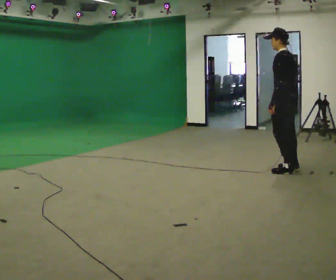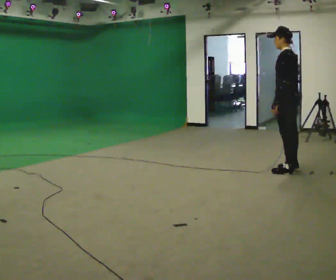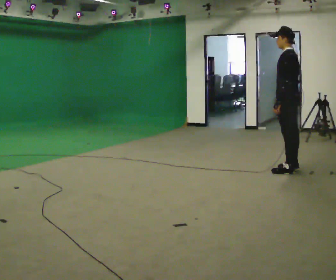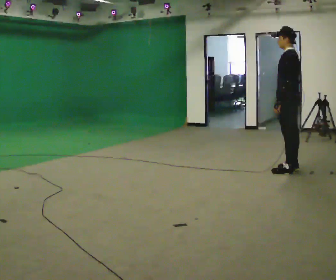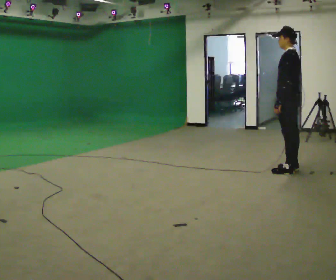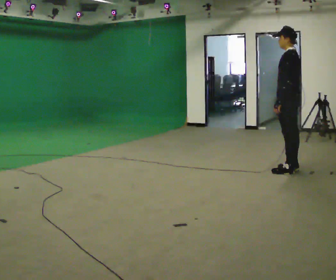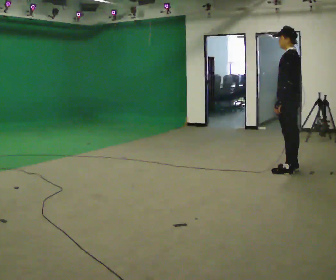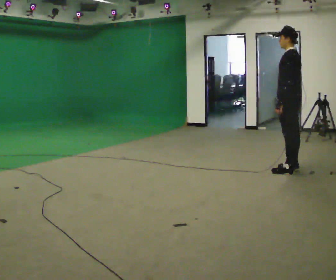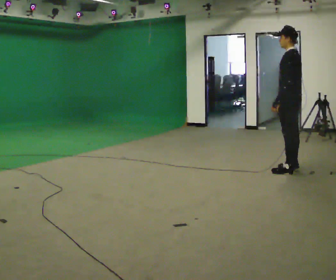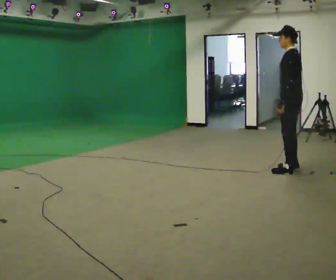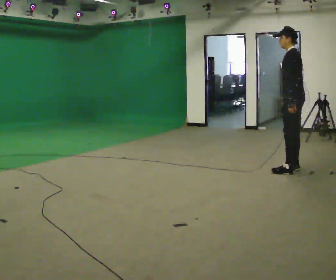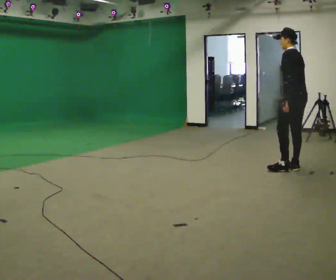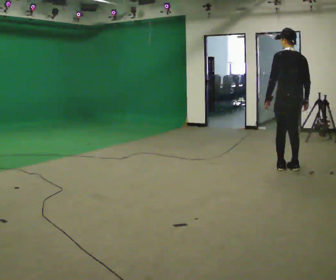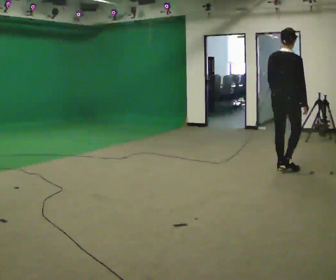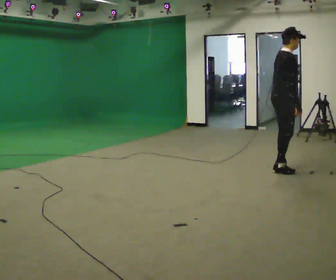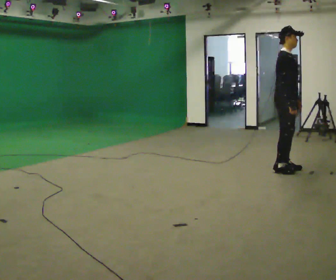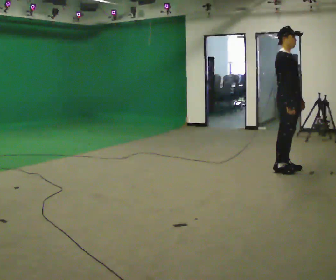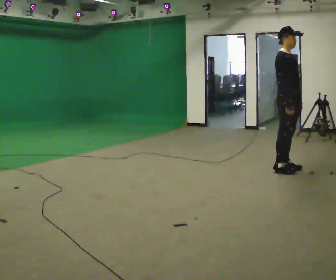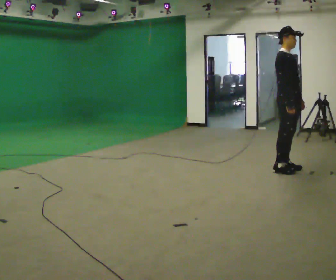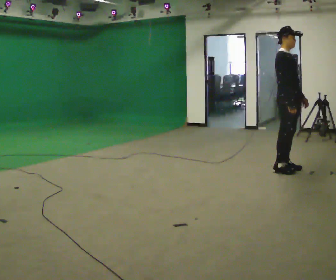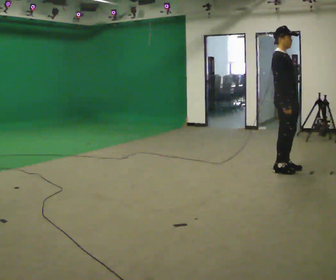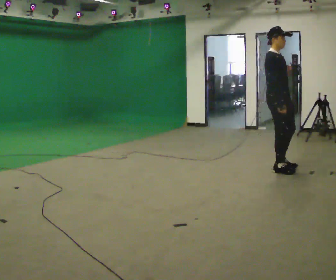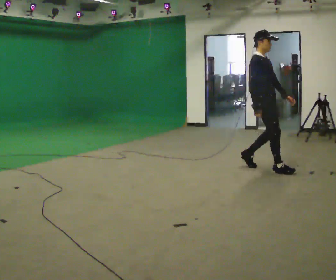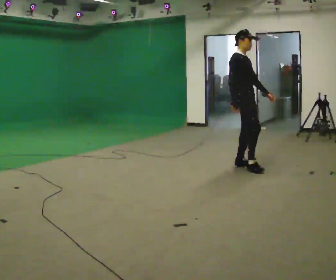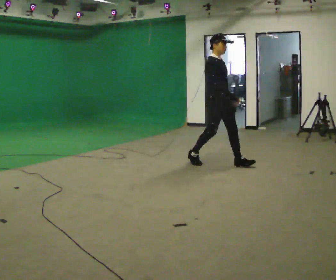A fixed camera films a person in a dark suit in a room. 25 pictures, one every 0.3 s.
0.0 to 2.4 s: The person moves a little, or ends about where they began.
2.4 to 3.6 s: The part of the body nearest the lens slides to the left as the person turns to their right by about 45 degrees.
3.6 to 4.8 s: The person turns about 135 degrees to their right, clockwise seen from above, so the part of the body nearest the lens slides to the left. In the picture their left hand goes to the right, the arm swinging counterclockwise.
4.8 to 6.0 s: The person moves a little, or ends about where they began.
6.0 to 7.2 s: In the picture they go to the left, about 1 m in 2 steps, which for them is backward.
The film runs backward here.
